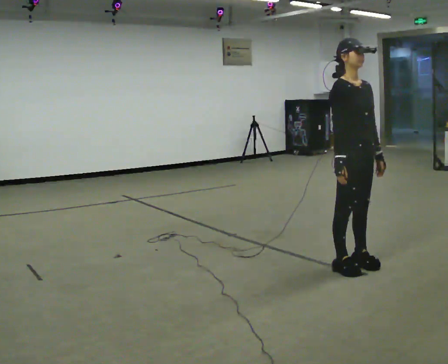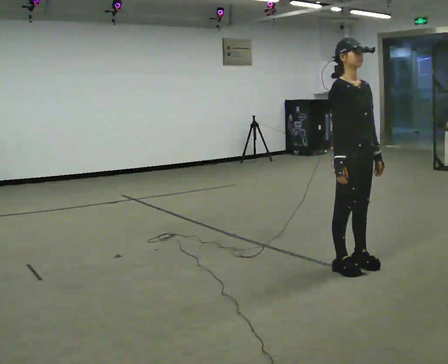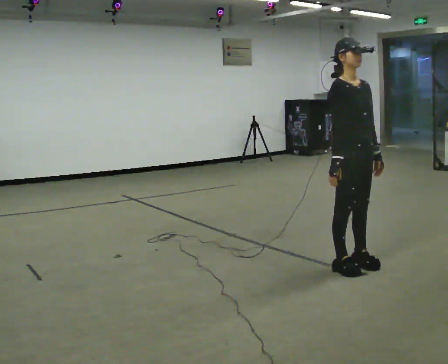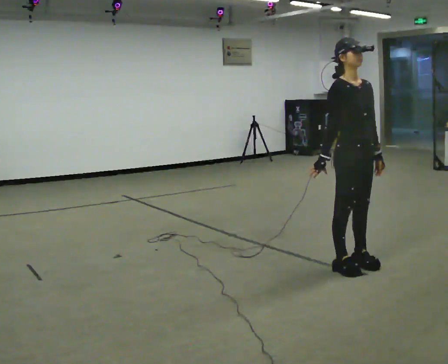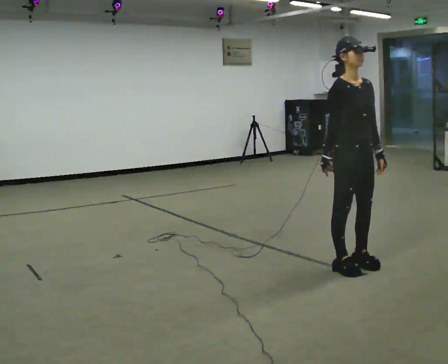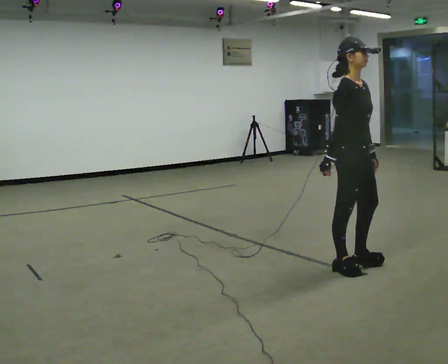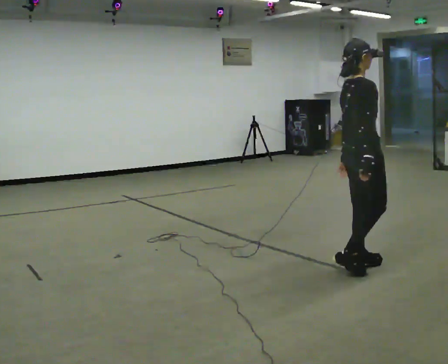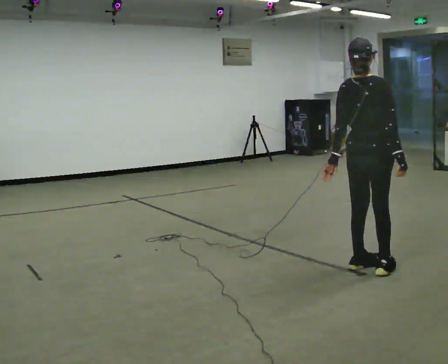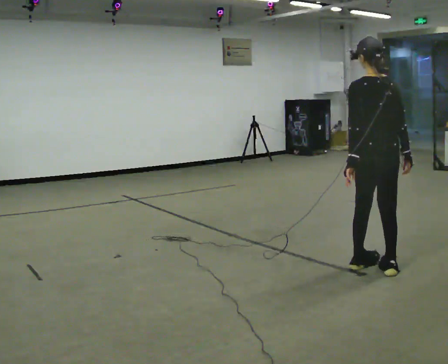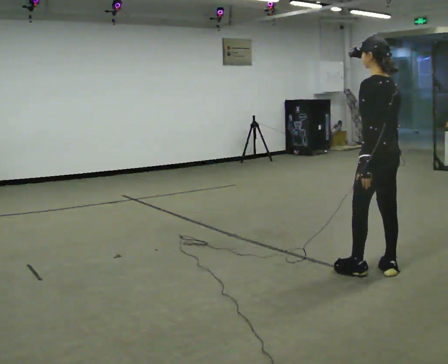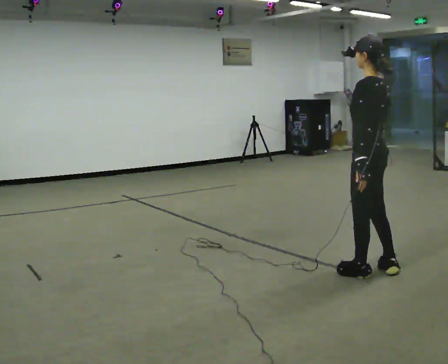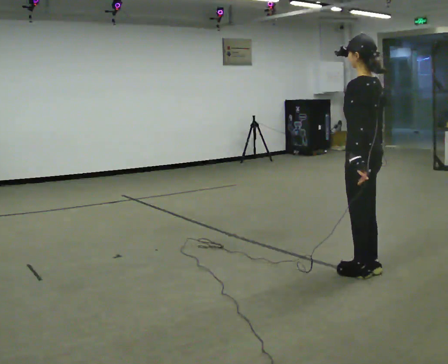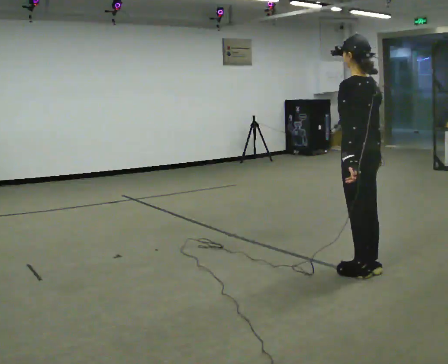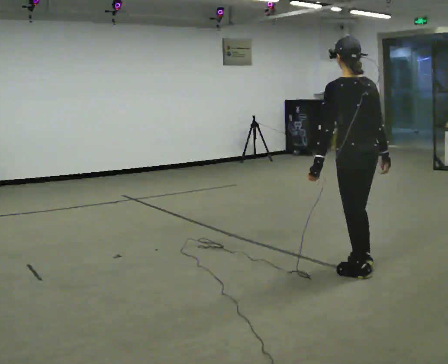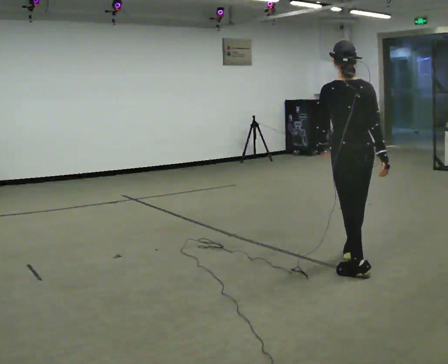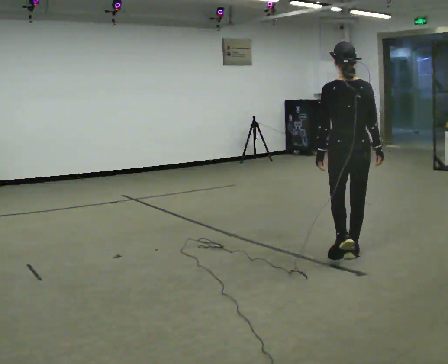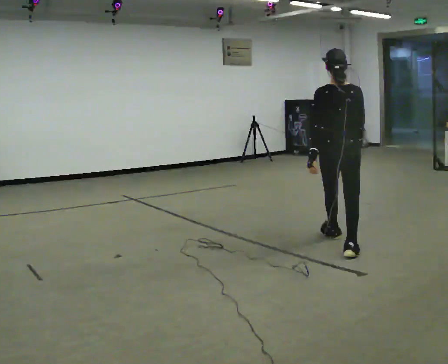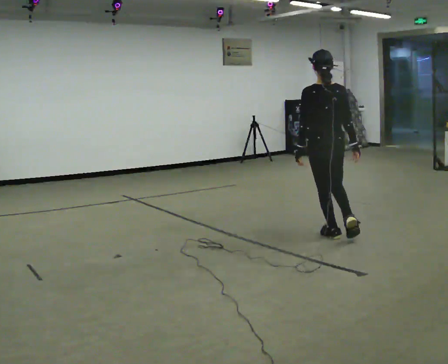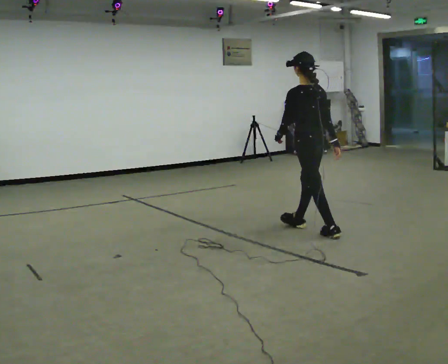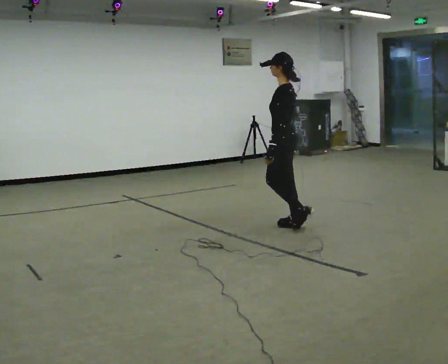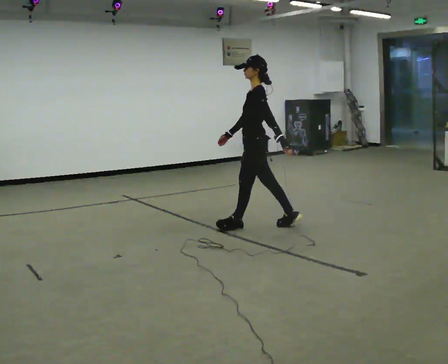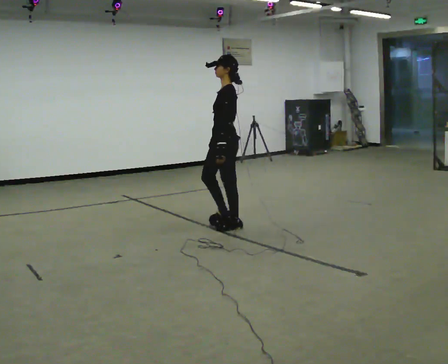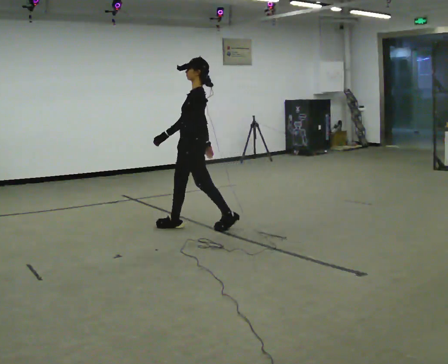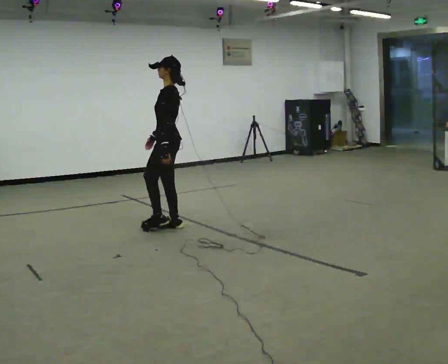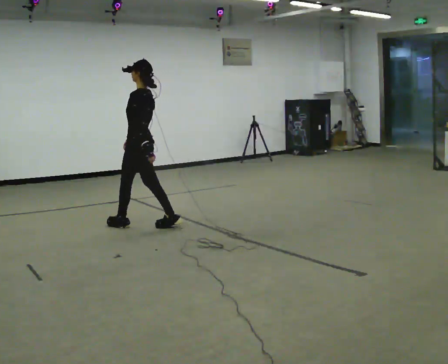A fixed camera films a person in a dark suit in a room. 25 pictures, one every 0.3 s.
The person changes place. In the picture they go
to the left.
0.0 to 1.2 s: The person moves a little, or ends about where they began.
1.2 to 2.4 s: The person turns about 150 degrees to their left, counterclockwise seen from above, so the part of the body nearest the lens slides to the right. In the picture they go to the right, about 0.25 m in 1 step. In the picture their right hand goes to the right, the arm swinging counterclockwise.
2.4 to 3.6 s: Seen from above the body turns counterclockwise, about 30 degrees: to their left, with its near side sliding to the right.
3.6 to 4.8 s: The person turns about 45 degrees to their right, clockwise seen from above, so the part of the body nearest the lens slides to the left. In the picture they go away from the camera, about 0.75 m in 1 step, which for them is forward.
4.8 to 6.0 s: Seen from above the body turns counterclockwise, about 90 degrees: to their left, with its near side sliding to the right. In the picture they go to the left and away from the camera, about 1 m in 2 steps.
6.0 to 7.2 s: In the picture they go to the left, about 1 m in 3 steps, which for them is forward.
The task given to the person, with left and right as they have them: Follow S-shaped path continuously; no stopping between curves.
The film runs forward here.
